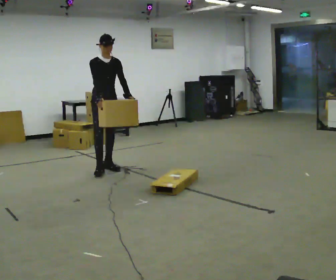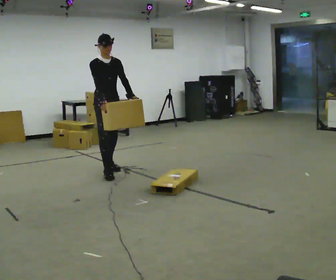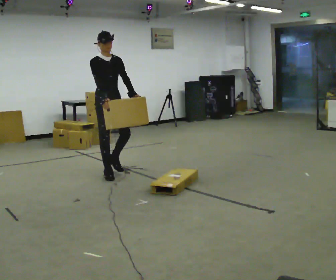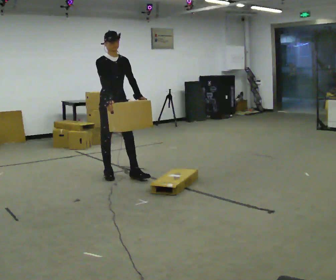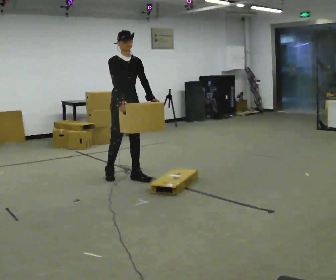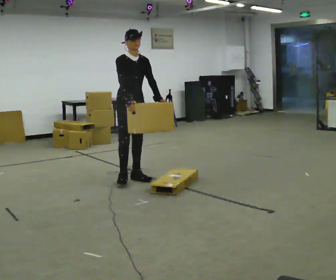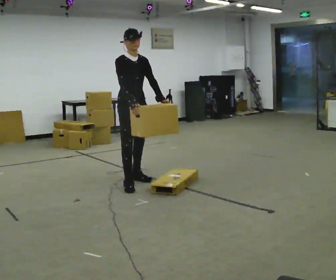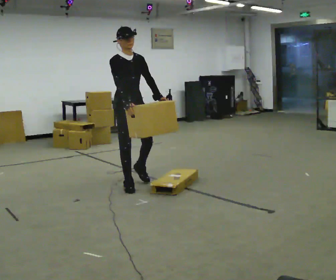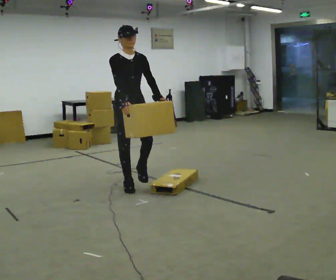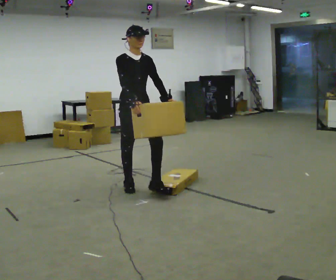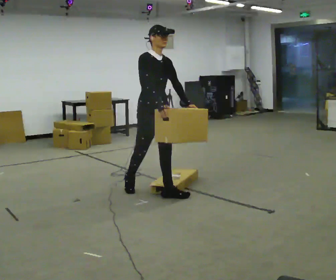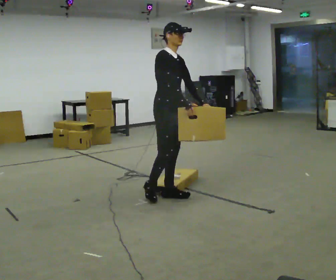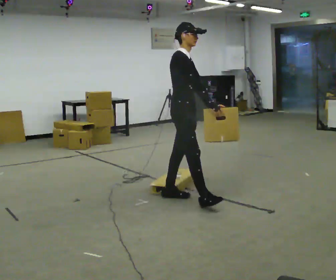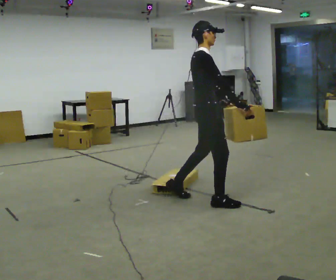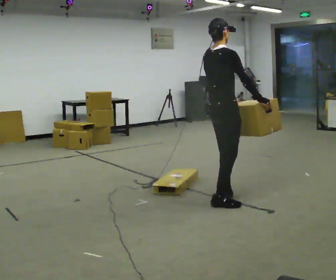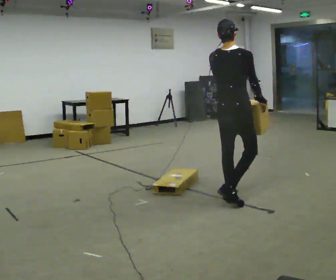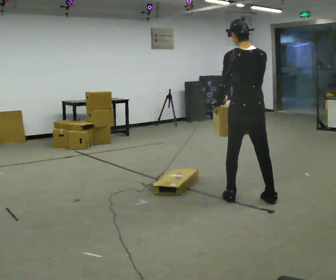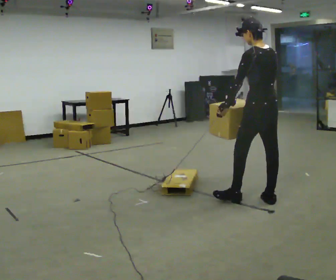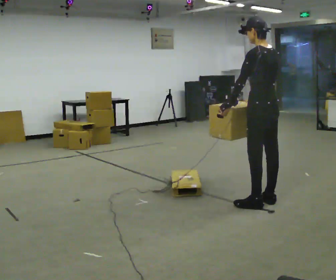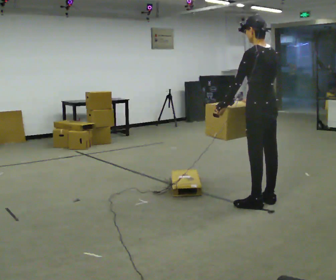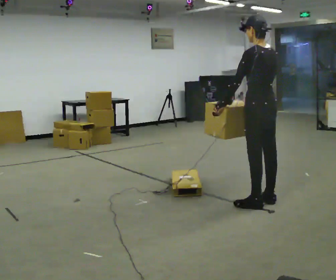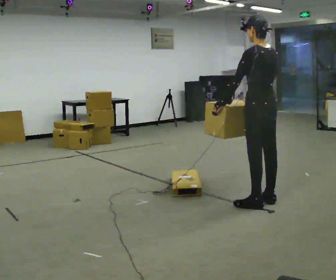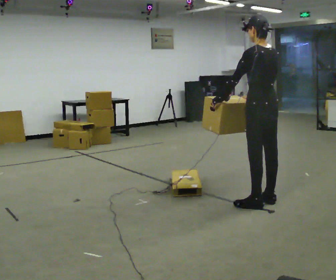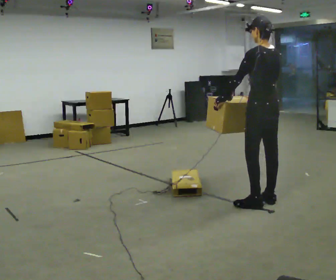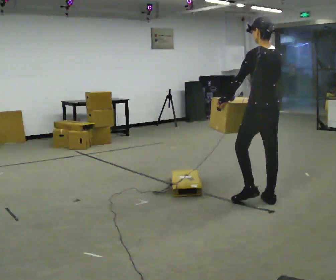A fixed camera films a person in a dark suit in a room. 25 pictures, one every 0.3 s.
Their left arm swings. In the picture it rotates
clockwise.
0.0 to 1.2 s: In the picture they go toward the camera and to the right, about 0.5 m in 2 steps, which for them is forward.
1.2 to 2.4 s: In the picture they go toward the camera, about 0.5 m in 1 step, which for them is forward and to their right.
2.4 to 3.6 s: Seen from above the body turns counterclockwise, about 45 degrees: to their left, with its near side sliding to the right. In the picture they go to the right and toward the camera, about 0.75 m in 1 step, which for them is forward.
3.6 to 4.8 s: The person turns about 120 degrees to their left, counterclockwise seen from above, so the part of the body nearest the lens slides to the right. In the picture they go to the right, about 0.75 m in 3 steps.
4.8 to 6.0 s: Seen from above the body turns counterclockwise, about 30 degrees: to their left, with its near side sliding to the right.
6.0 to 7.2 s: The person moves a little, or ends about where they began.
The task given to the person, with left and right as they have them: Carry the box over the low sill without stopping, then bring it back over. Keep going until the operator says stop; one object at a time, and do not rush between trips.
The film runs forward here.
